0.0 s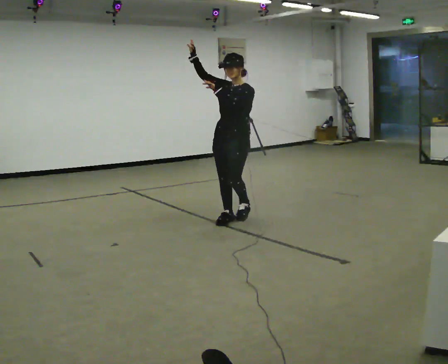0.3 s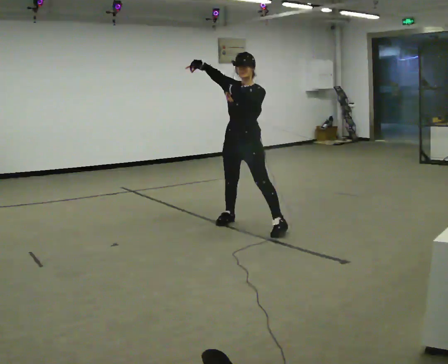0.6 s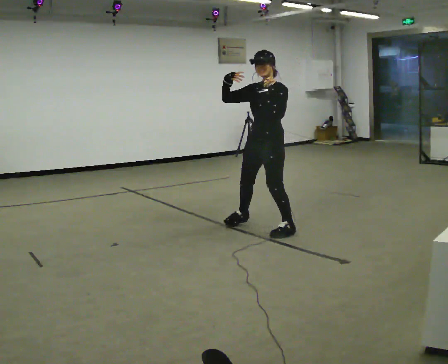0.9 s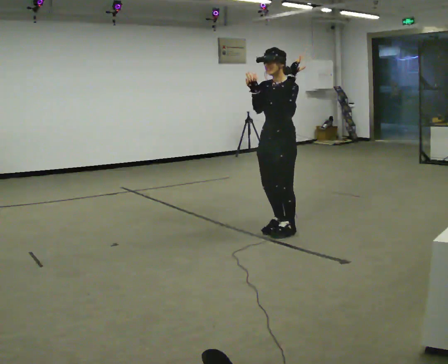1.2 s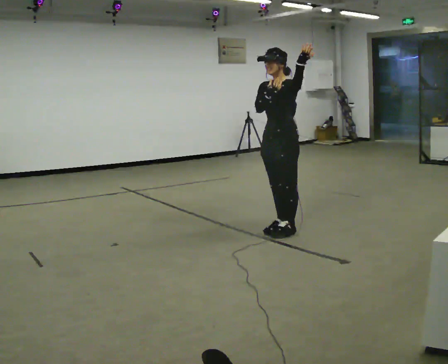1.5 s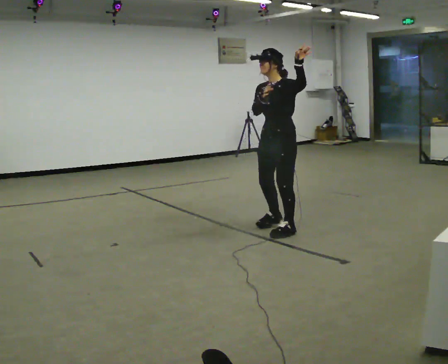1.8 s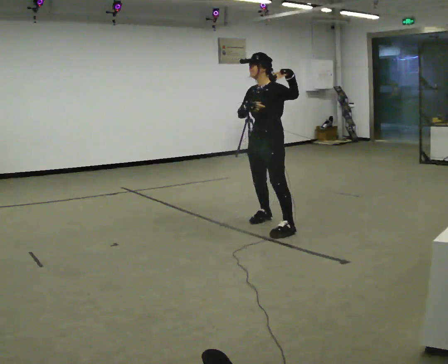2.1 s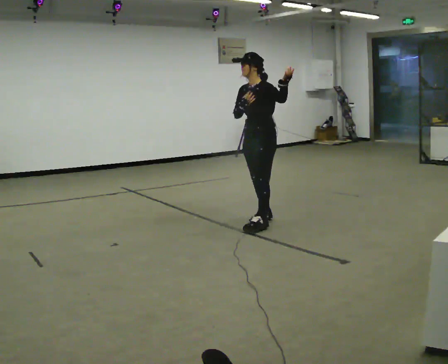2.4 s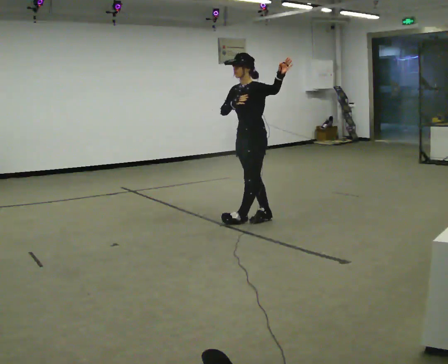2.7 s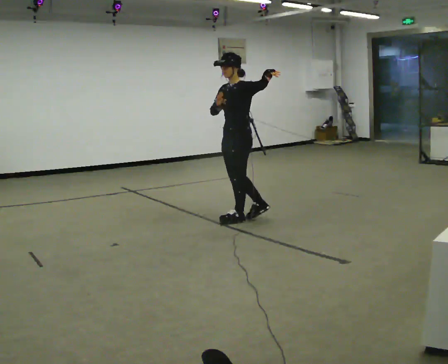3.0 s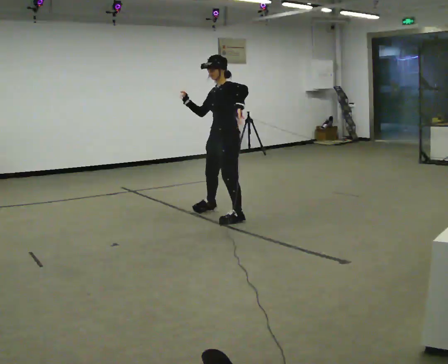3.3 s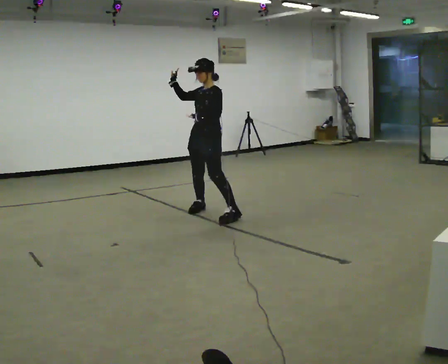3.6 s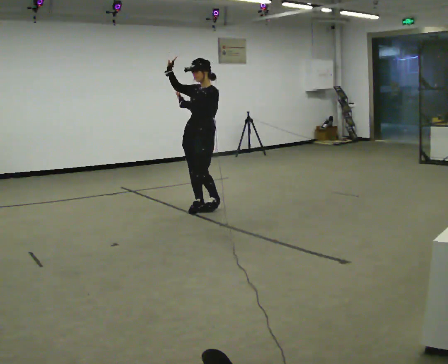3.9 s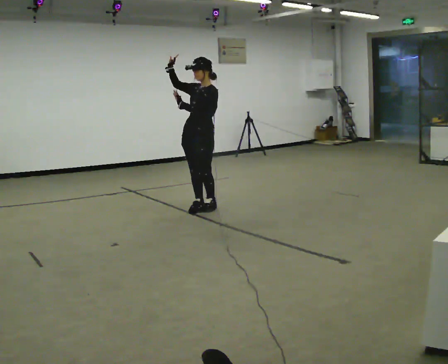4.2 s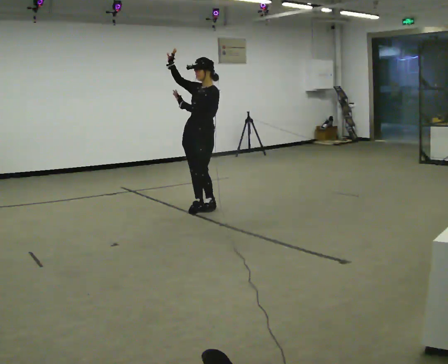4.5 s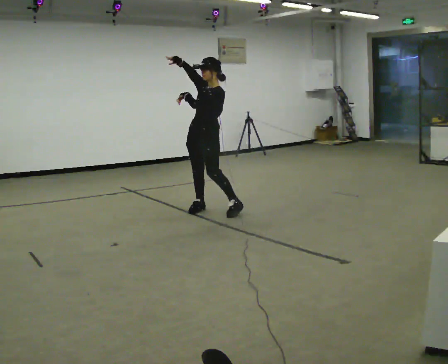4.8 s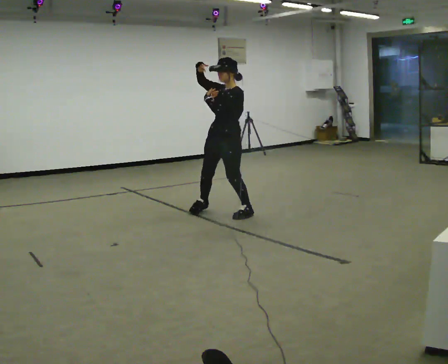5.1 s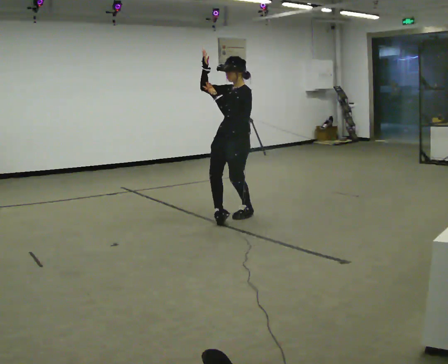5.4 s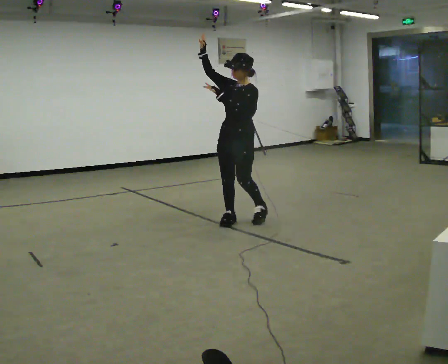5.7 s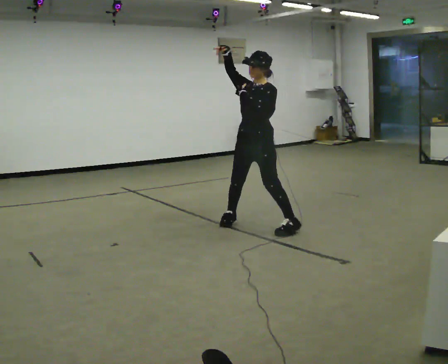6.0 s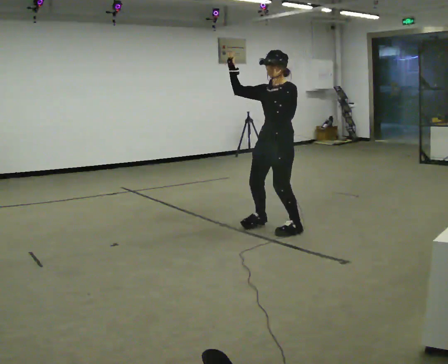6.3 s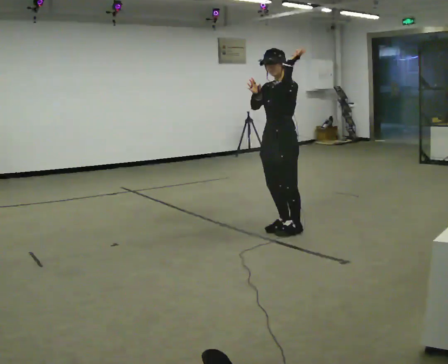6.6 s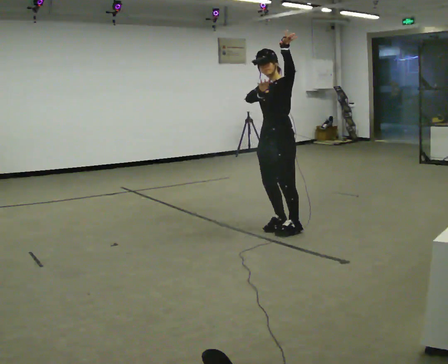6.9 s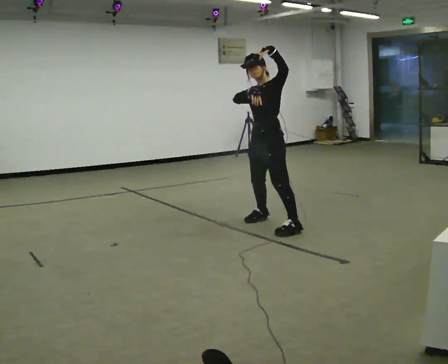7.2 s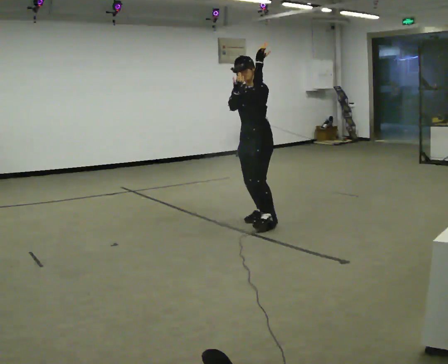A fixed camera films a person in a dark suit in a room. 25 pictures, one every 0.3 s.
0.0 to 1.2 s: In the picture they go toward the camera and to the right, about 0.5 m in 1 step, which for them is to their left. In the picture their right hand goes downward.
1.2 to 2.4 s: In the picture they go away from the camera and to the left, about 0.5 m in 2 steps, which for them is to their right.
2.4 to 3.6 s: In the picture they go to the left and away from the camera, about 0.75 m in 2 steps, which for them is to their right. In the picture the upper body tilts clockwise, shoulders to the right.
3.6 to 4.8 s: In the picture they go to the right and toward the camera, about 0.25 m in 2 steps, which for them is to their left.
4.8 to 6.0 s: In the picture they go toward the camera and to the right, about 1 m in 2 steps, which for them is to their left.
6.0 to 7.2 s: In the picture they go away from the camera, about 0.25 m in 2 steps, which for them is to their right.
The film runs backward here.
